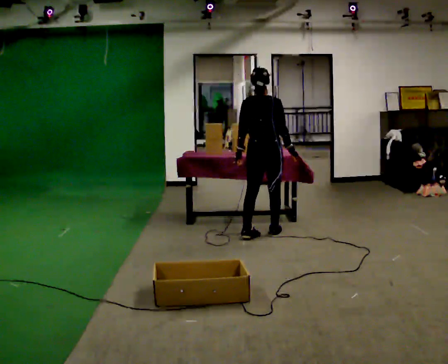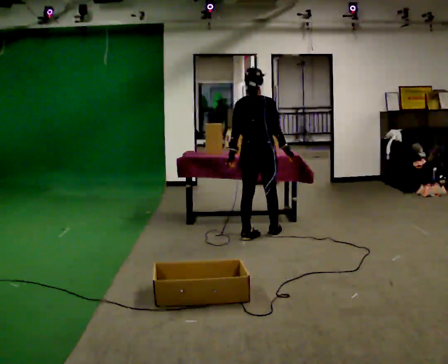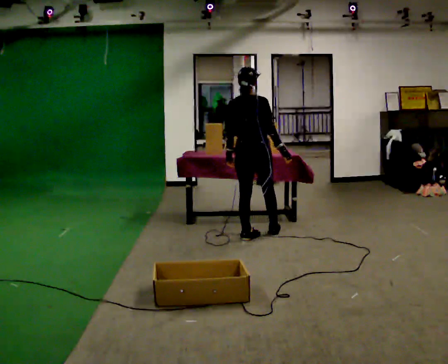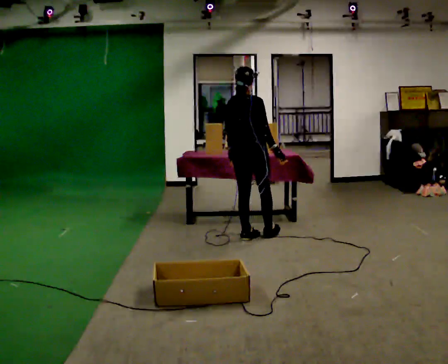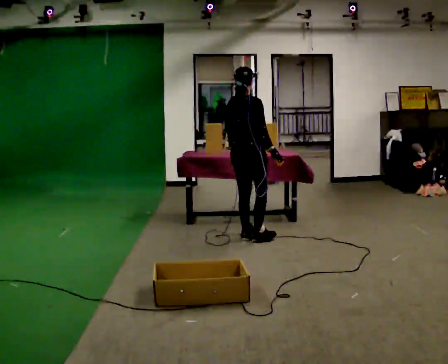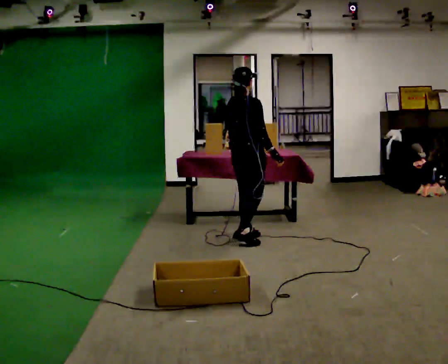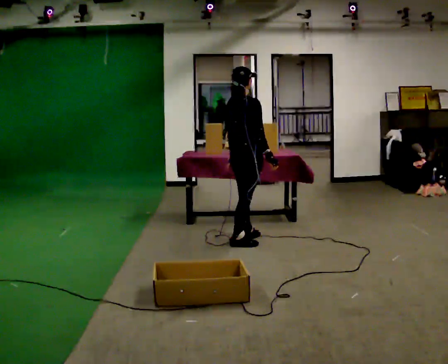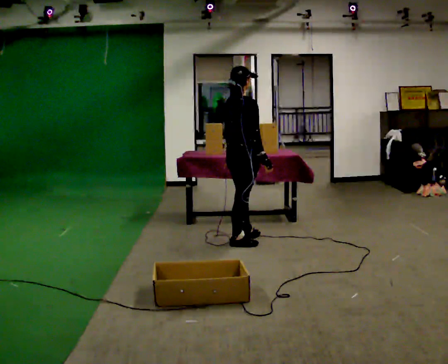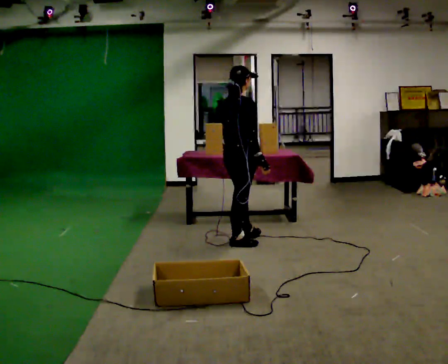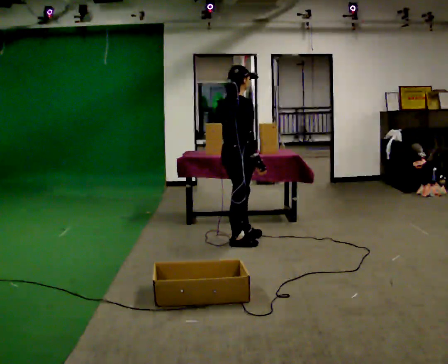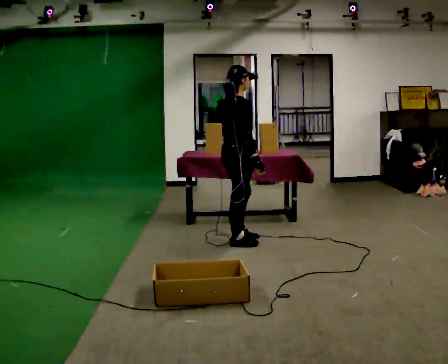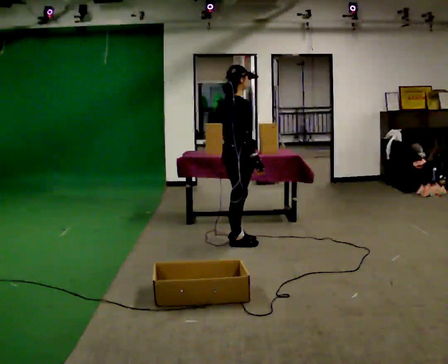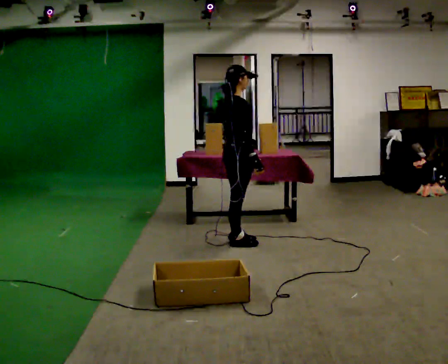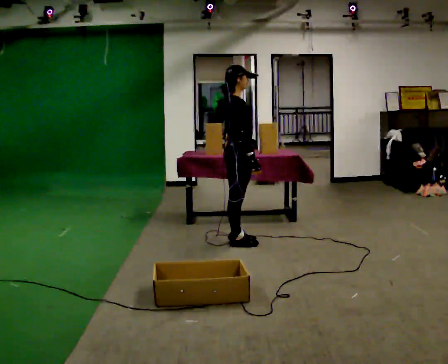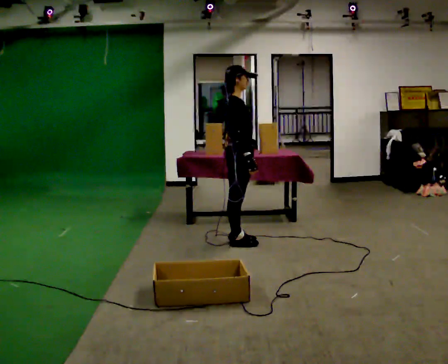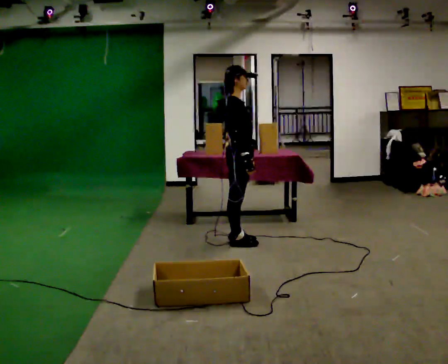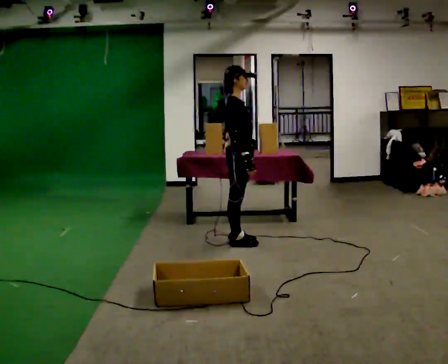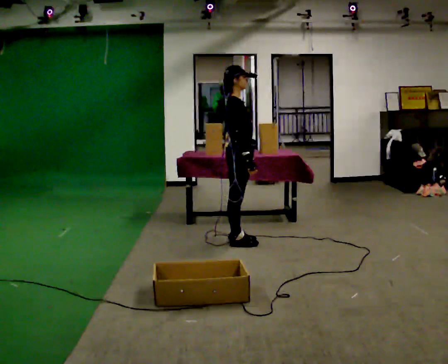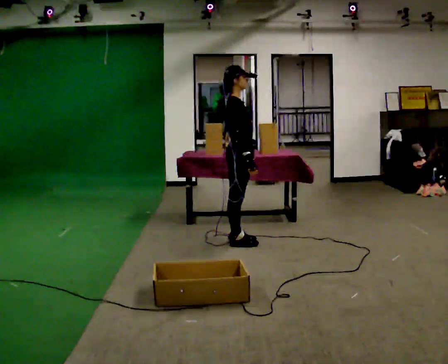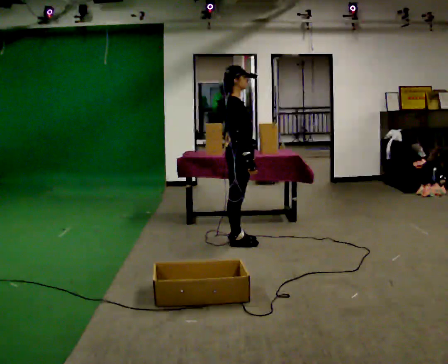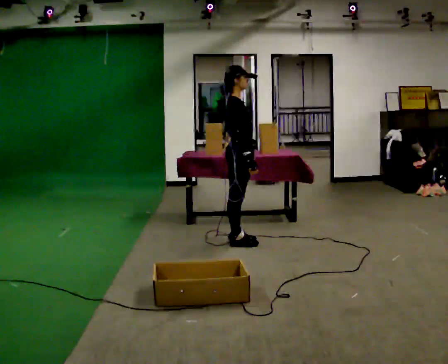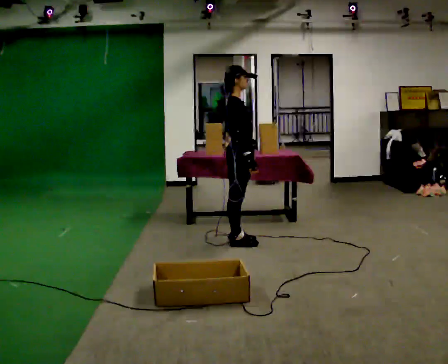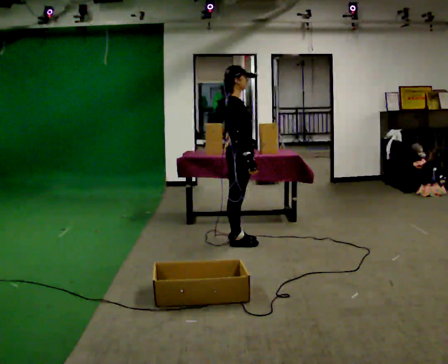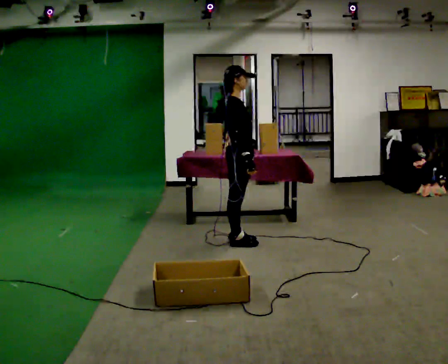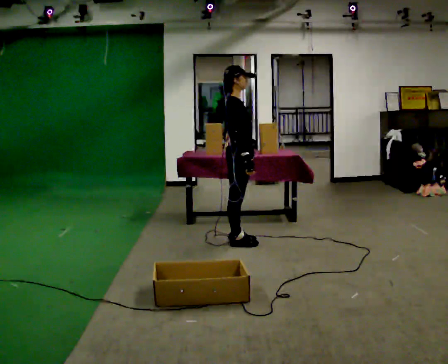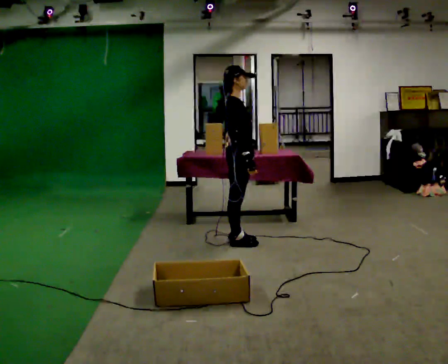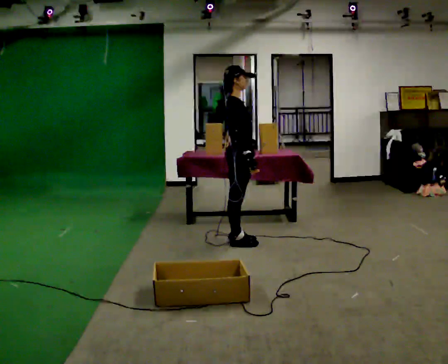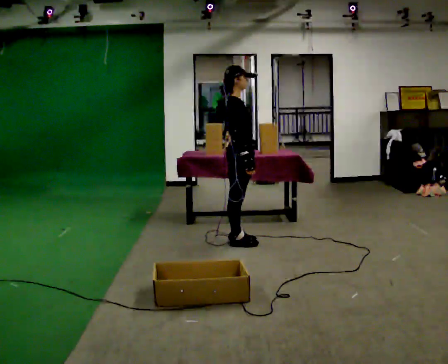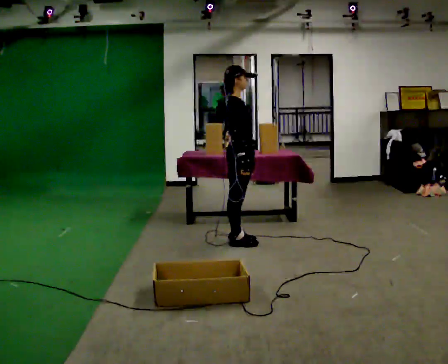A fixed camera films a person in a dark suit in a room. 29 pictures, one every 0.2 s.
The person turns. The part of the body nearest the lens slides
to the left.
The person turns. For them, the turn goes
to their right.
0.0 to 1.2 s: The part of the body nearest the lens slides to the left as the person turns to their right by about 45 degrees. In the picture they go toward the camera and to the left, about 0.25 m in 1 step, which for them is backward.
1.2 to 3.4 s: The part of the body nearest the lens slides to the left as the person turns to their right by about 45 degrees.
3.4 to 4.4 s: The person keeps their place and pose.
4.4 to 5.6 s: The person moves a little, or ends about where they began.
The film runs backward here.
